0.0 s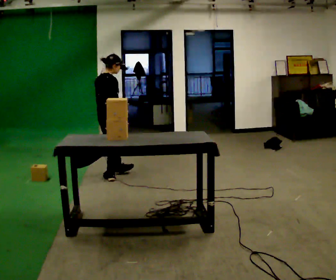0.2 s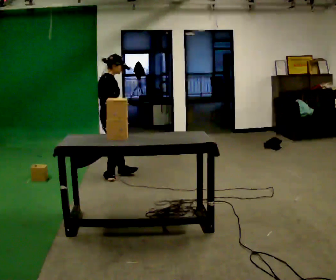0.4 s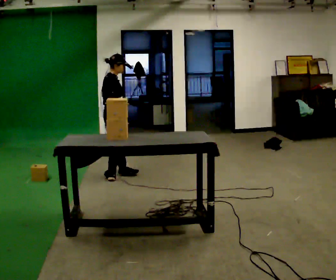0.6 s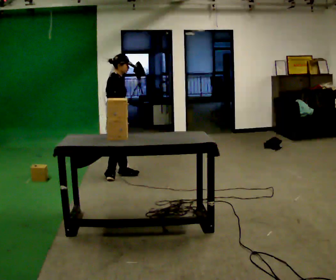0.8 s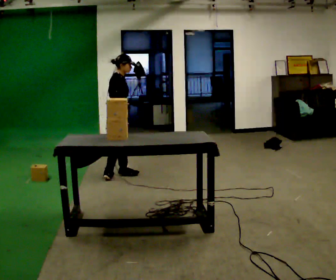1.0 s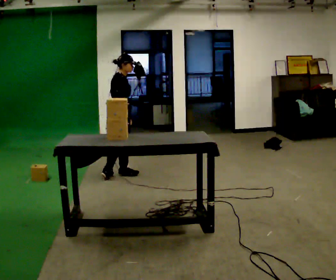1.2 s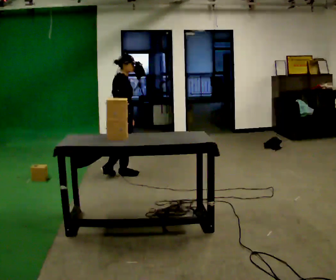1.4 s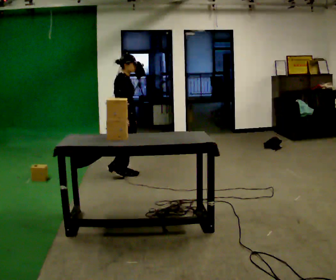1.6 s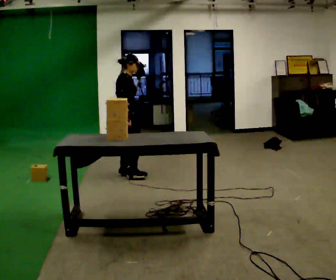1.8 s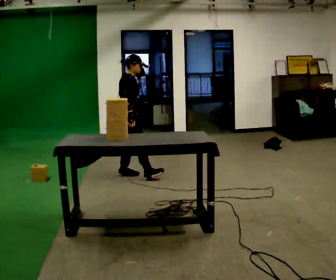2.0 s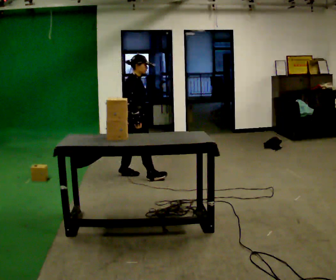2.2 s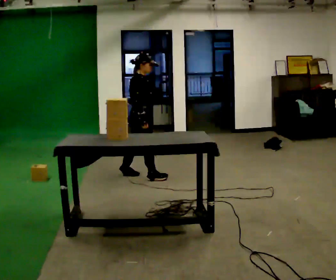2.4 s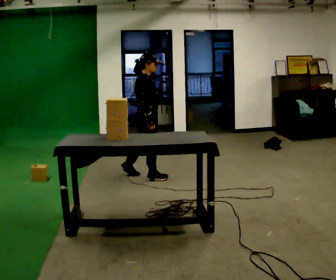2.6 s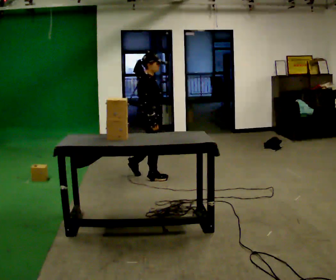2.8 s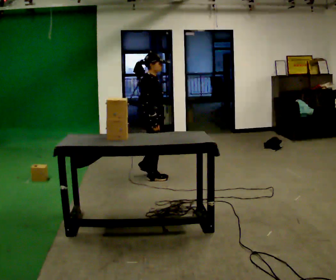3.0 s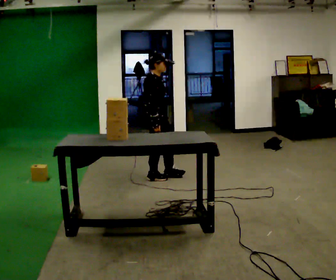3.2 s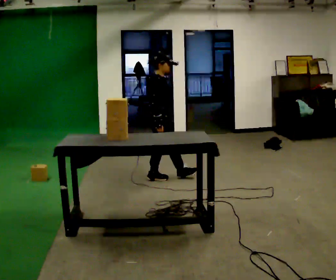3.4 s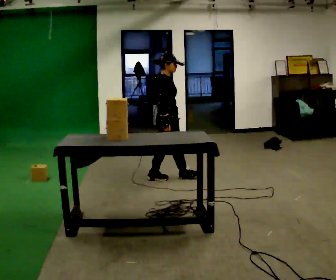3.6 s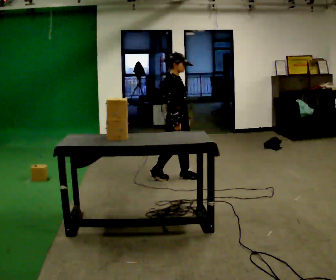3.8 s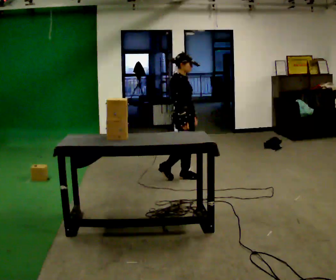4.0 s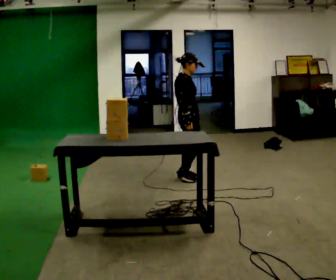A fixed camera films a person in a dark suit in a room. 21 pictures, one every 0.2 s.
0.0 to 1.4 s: Seen from above the body turns clockwise, about 45 degrees: to their right, with its near side sliding to the left. In the picture they go to the right, about 0.25 m in 1 step, which for them is forward.
1.4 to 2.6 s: In the picture they go to the right and toward the camera, about 0.25 m in 1 step, which for them is forward and to their right.
2.6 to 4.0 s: In the picture they go to the right, about 0.5 m in 1 step, which for them is forward.
The film runs forward here.
